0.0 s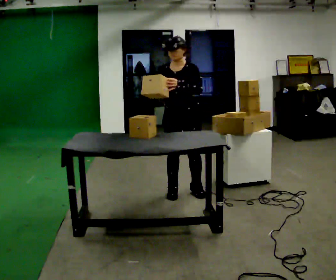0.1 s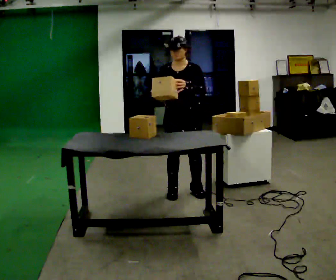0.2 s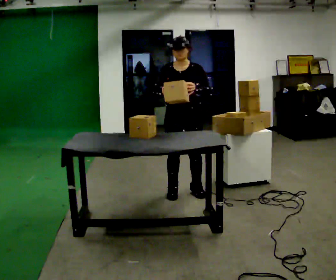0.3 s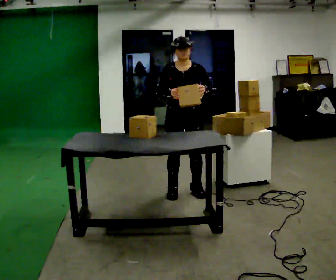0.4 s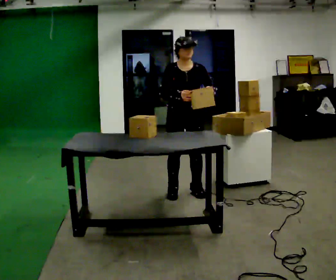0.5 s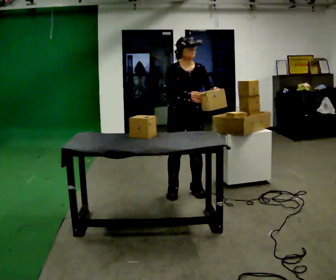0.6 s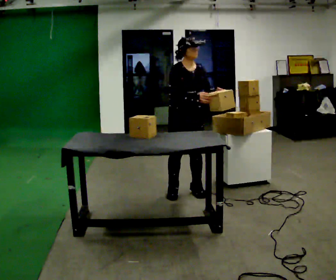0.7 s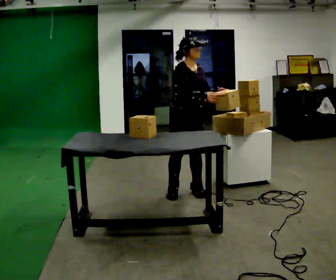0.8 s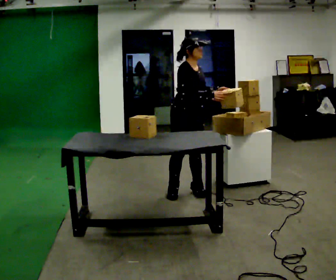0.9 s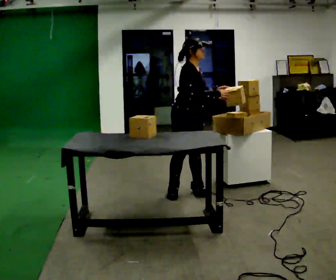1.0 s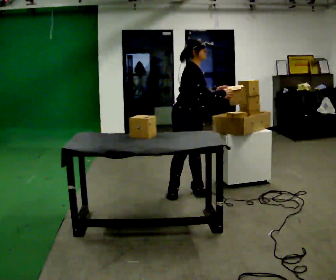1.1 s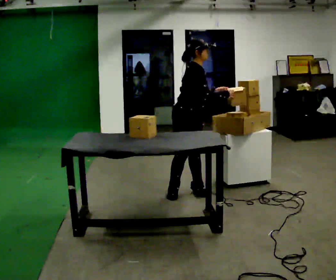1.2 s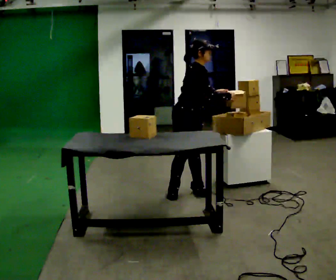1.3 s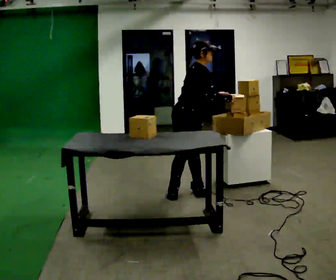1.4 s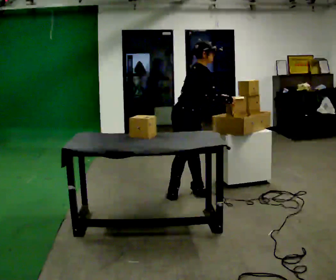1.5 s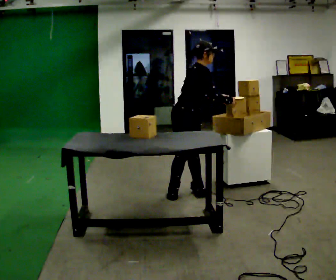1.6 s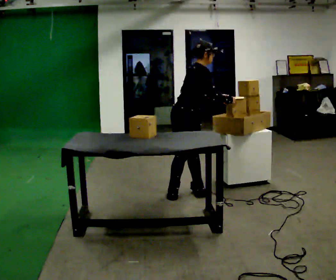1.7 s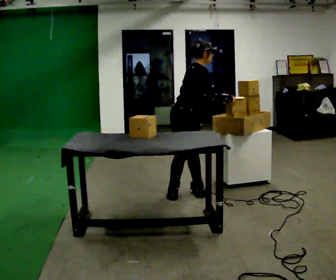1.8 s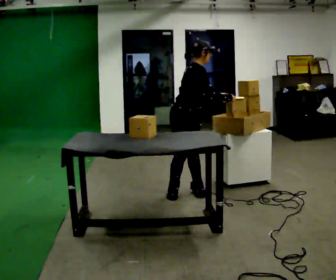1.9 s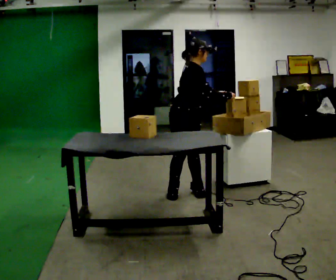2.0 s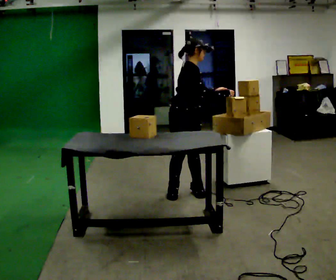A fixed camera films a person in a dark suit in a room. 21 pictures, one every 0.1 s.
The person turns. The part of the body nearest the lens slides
to the right.
The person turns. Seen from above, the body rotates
counterclockwise.
0.0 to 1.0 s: The part of the body nearest the lens slides to the right as the person turns to their left by about 75 degrees. In the picture their left hand goes to the right.
1.0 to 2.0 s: The person moves a little, or ends about where they began.
The film runs backward here.
